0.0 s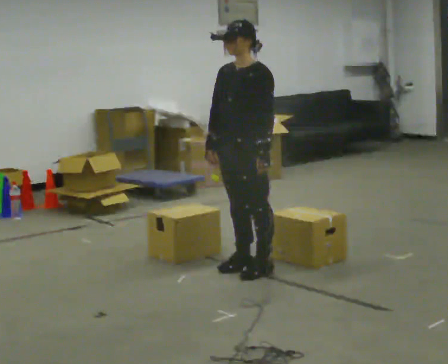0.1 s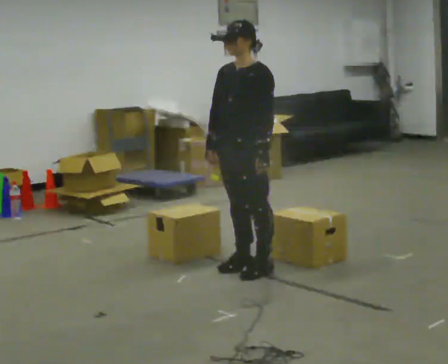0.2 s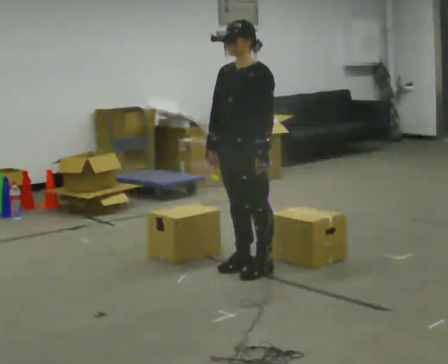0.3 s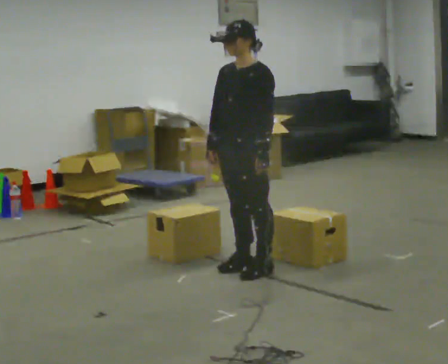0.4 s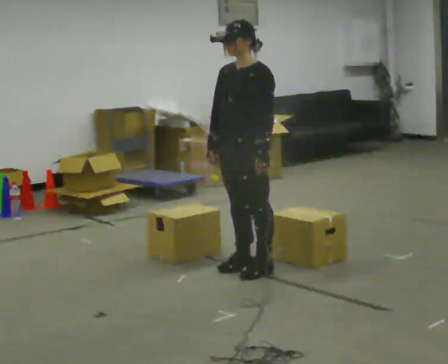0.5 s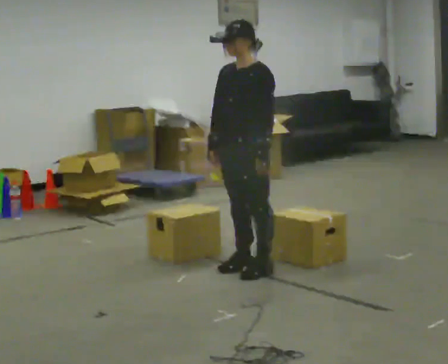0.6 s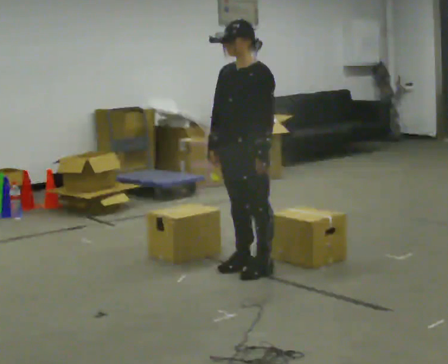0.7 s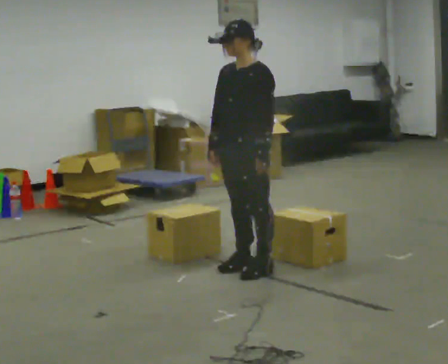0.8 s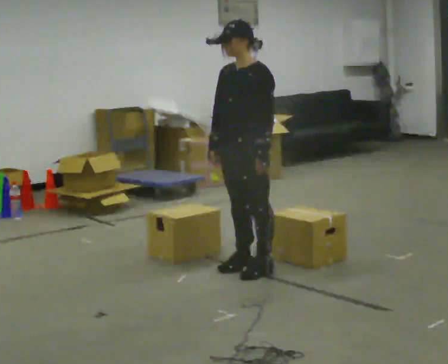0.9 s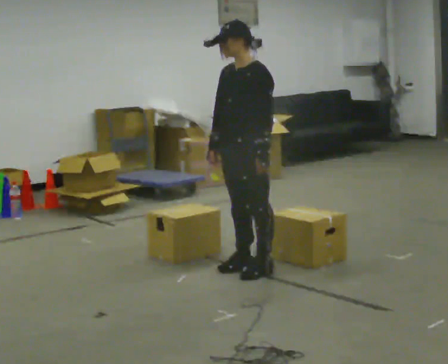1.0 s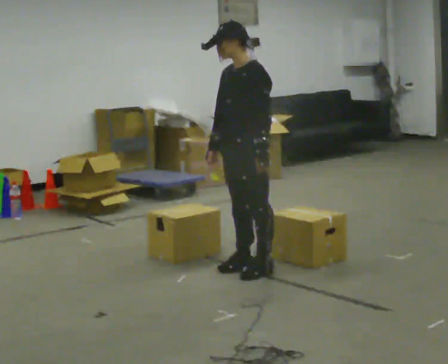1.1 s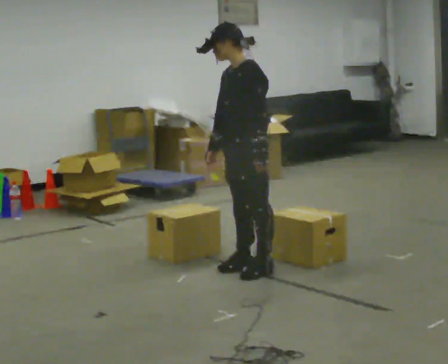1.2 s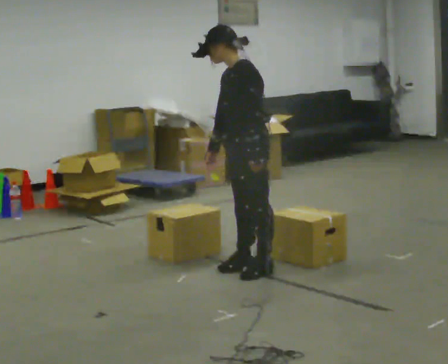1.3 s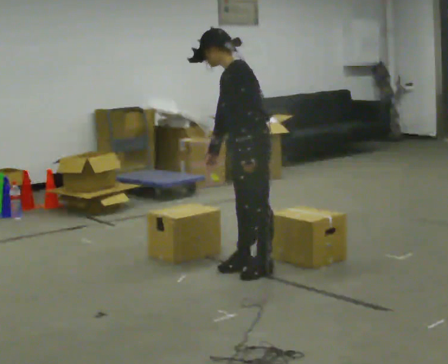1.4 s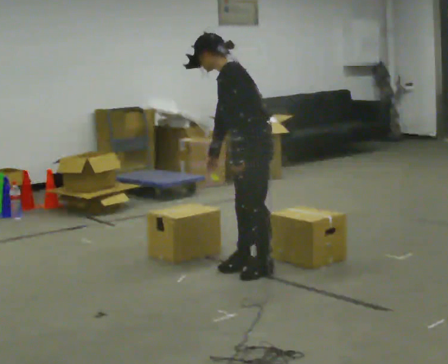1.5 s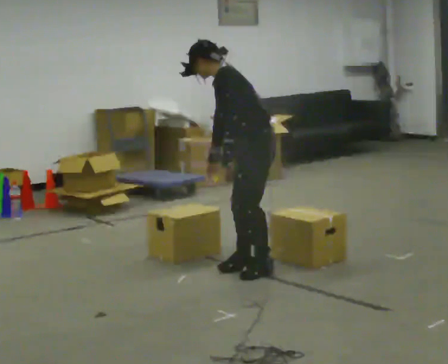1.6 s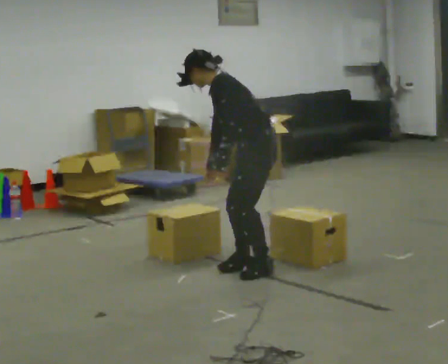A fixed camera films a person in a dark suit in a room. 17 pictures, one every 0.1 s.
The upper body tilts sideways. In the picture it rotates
counterclockwise.
0.0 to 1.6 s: The person turns about 45 degrees to their right, clockwise seen from above, so the part of the body nearest the lens slides to the left. In the picture the upper body tilts counterclockwise, shoulders to the left, as they bend forward.
The film runs forward here.
